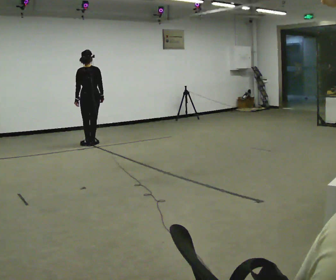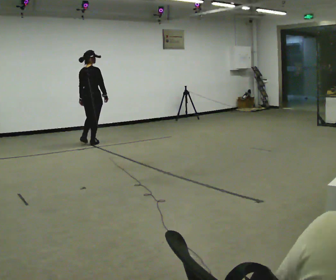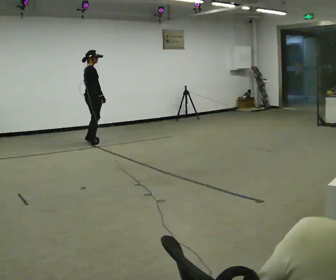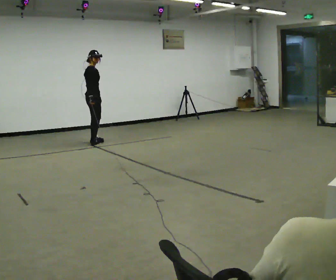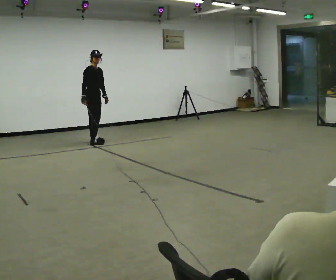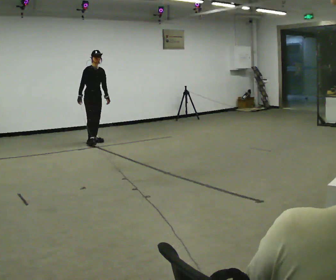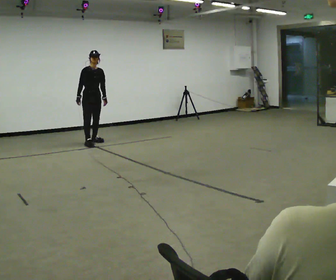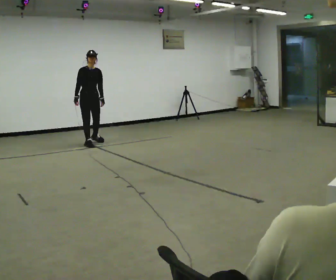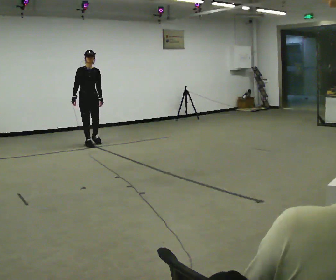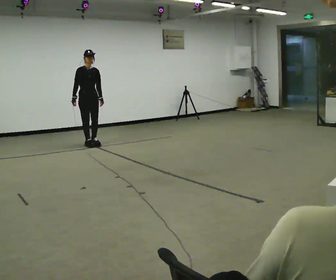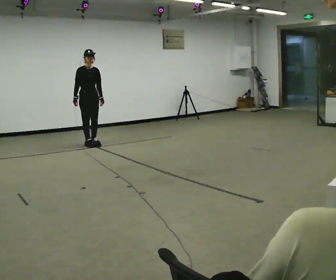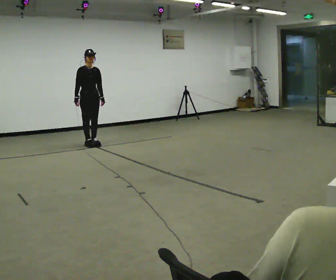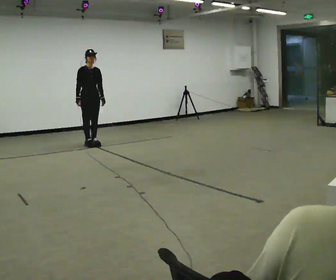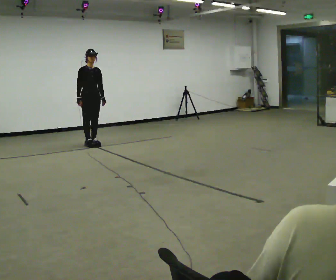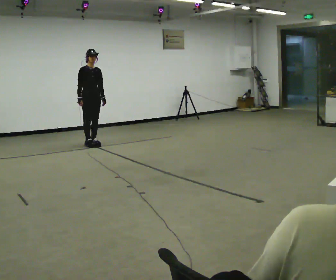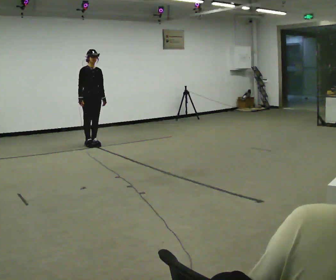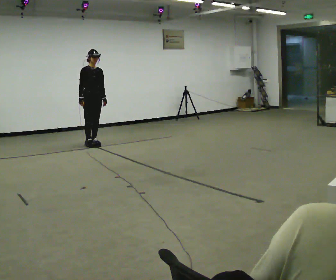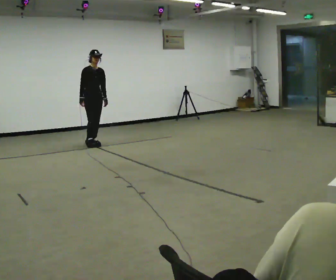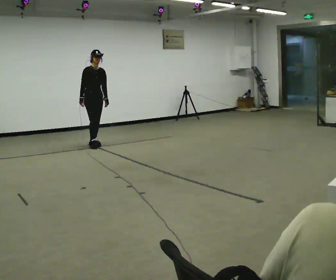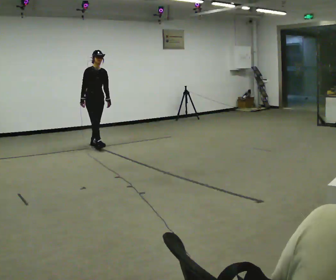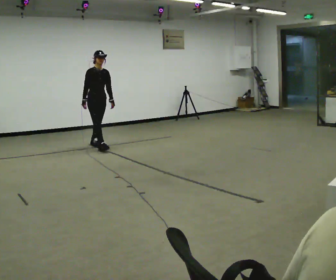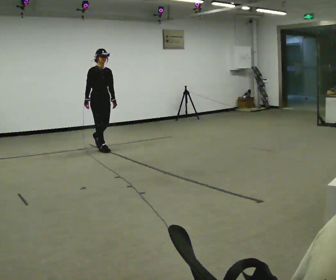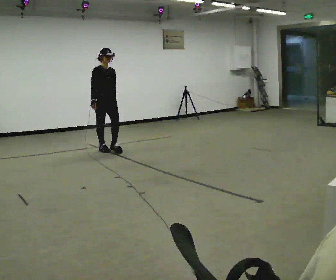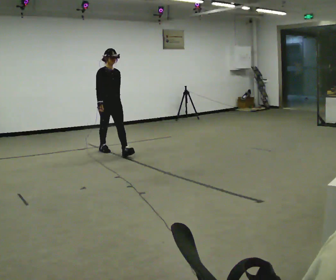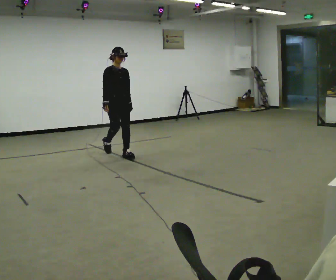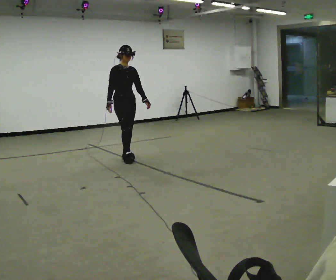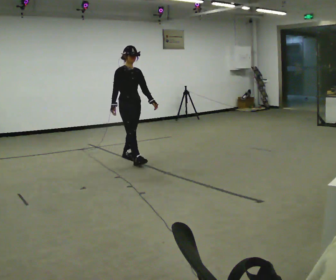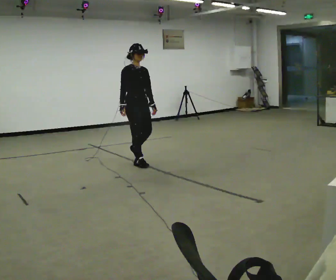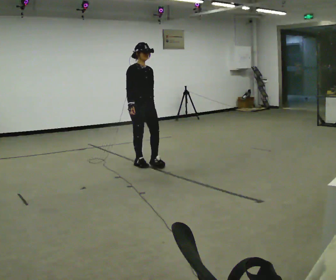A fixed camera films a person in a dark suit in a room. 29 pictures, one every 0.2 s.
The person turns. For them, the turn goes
to their right.
The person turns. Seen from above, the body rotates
clockwise.
0.0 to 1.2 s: Seen from above the body turns clockwise, about 165 degrees: to their right, with its near side sliding to the left. In the picture their right hand goes to the left, the arm swinging clockwise.
1.2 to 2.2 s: In the picture they go toward the camera, about 0.25 m in 1 step, which for them is forward.
2.2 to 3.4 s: The person moves a little, or ends about where they began.
3.4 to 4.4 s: In the picture they go toward the camera, about 0.5 m in 1 step, which for them is forward.
4.4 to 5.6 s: In the picture they go toward the camera and to the right, about 1 m in 2 steps, which for them is forward.
The film runs forward here.
